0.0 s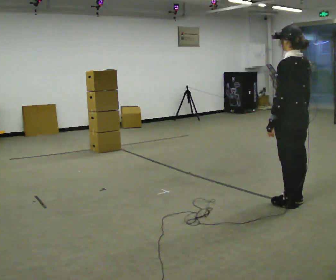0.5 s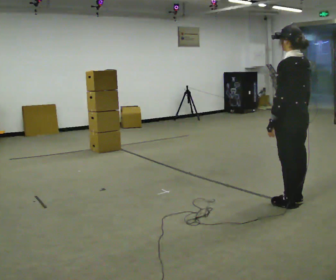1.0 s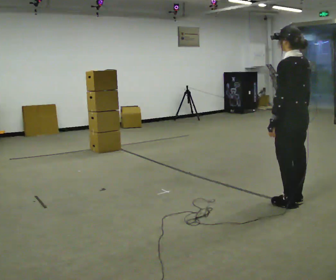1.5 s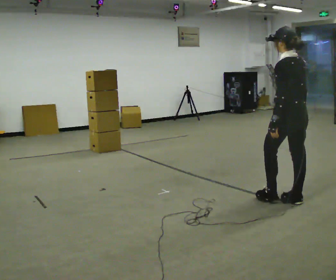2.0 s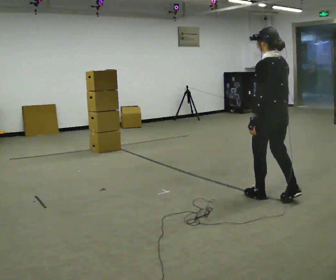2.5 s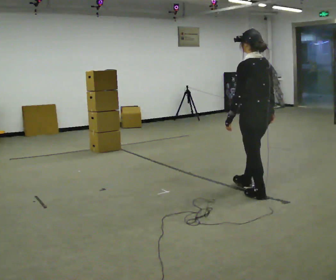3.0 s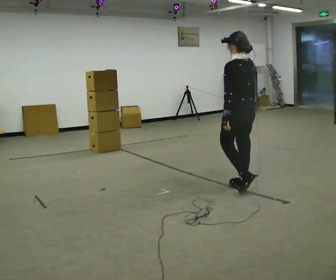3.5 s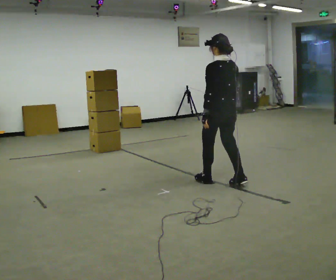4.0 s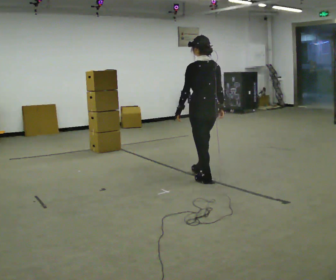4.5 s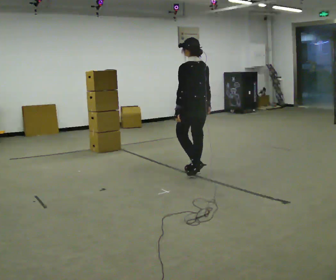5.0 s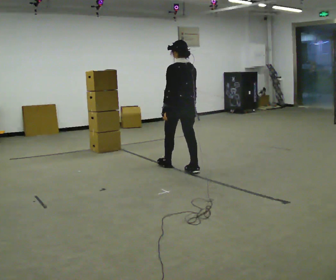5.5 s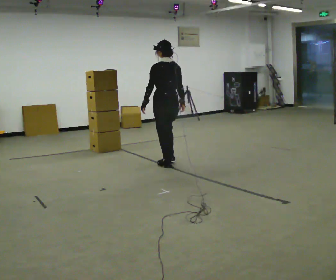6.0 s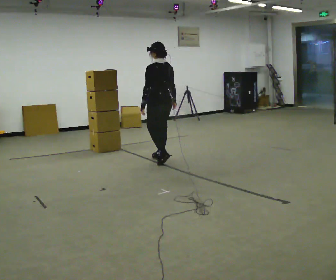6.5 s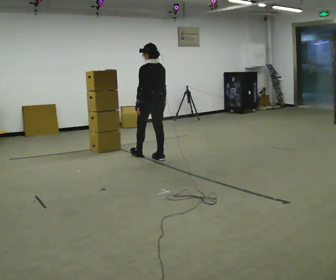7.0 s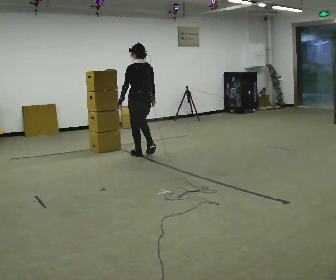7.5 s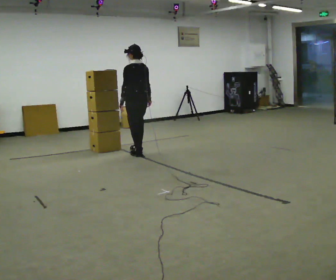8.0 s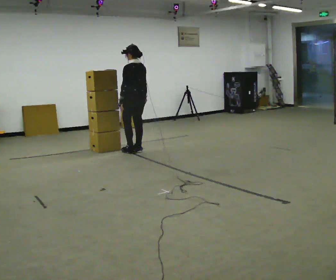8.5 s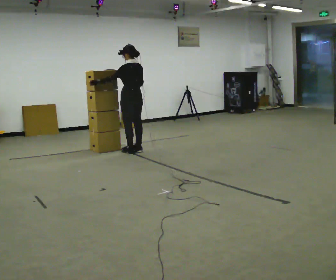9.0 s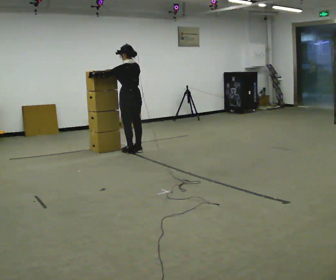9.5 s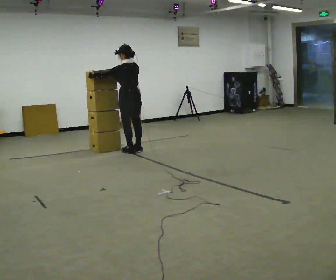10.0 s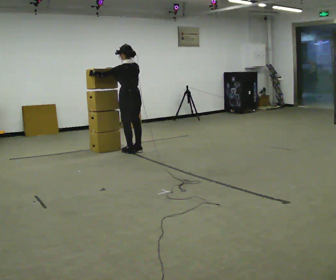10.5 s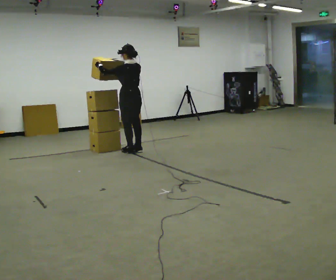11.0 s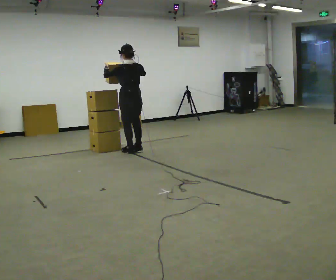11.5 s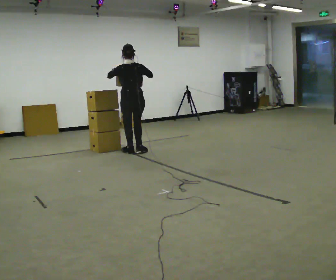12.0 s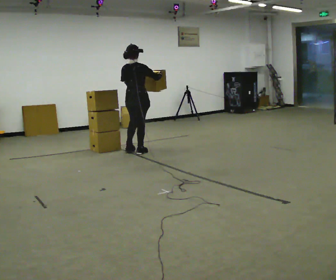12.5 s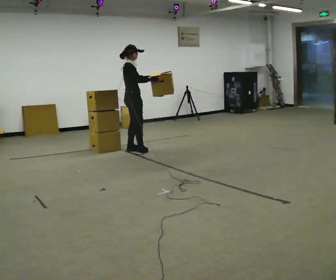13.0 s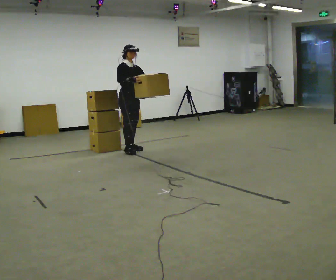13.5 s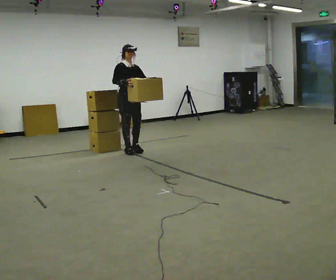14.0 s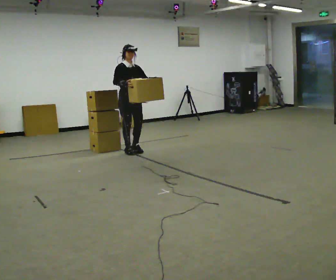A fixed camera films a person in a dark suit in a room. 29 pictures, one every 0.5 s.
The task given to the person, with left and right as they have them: Carry the stack of boxes across the room without letting it fall over, then bring it back. Keep going until the operator says stop; one object at a time, and do not rush between trips.
0.0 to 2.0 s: In the picture they go away from the camera, about 0.25 m in 1 step, which for them is forward.
2.0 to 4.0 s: In the picture they go away from the camera and to the left, about 1 m in 2 steps, which for them is forward.
4.0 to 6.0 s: In the picture they go away from the camera and to the left, about 1 m in 3 steps, which for them is forward.
6.0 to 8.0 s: In the picture they go away from the camera and to the left, about 0.5 m in 3 steps, which for them is forward.
8.0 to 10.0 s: In the picture their left hand goes to the left and upward, the arm swinging clockwise.
10.0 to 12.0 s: Seen from above the body turns clockwise, about 60 degrees: to their right, with its near side sliding to the left. In the picture their left hand goes to the right.
12.0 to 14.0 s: The part of the body nearest the lens slides to the left as the person turns to their right by about 120 degrees. In the picture their left hand goes to the right.
The film runs forward here.
